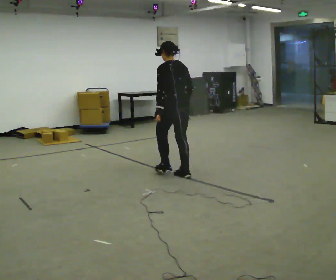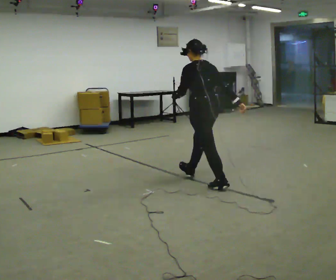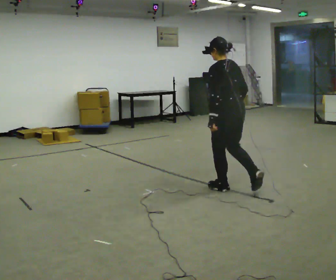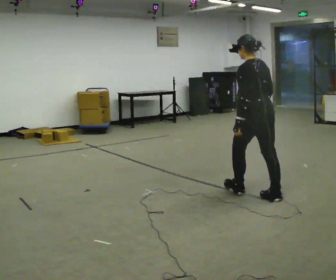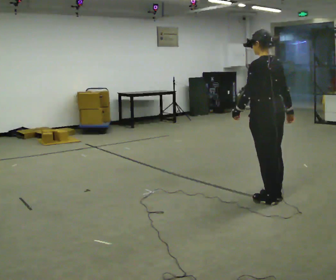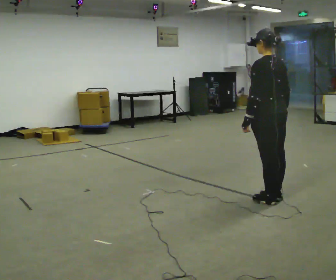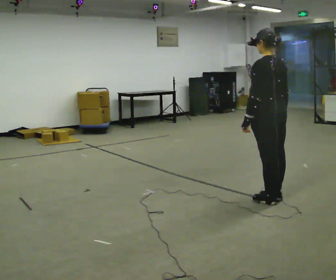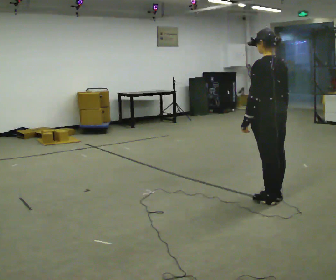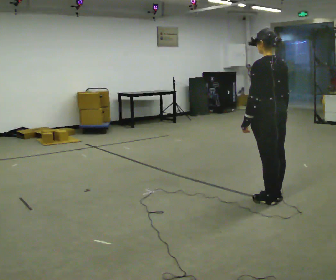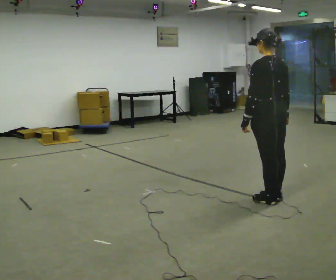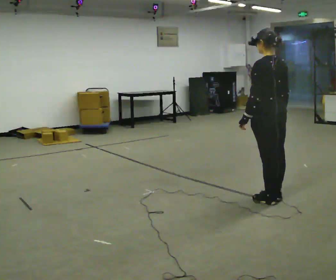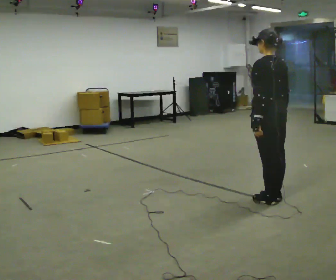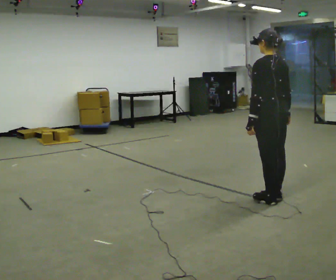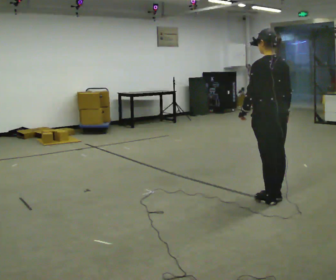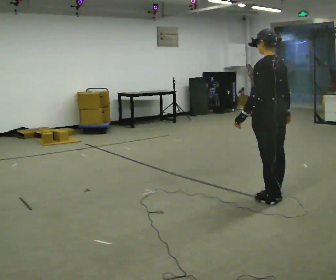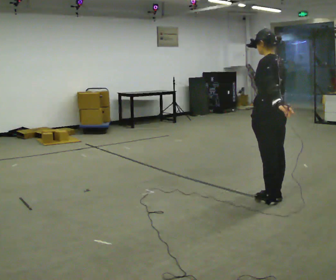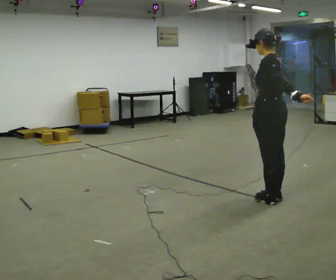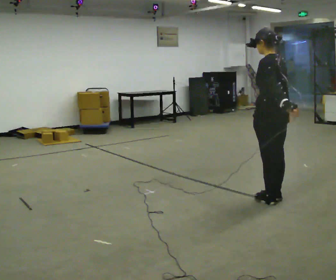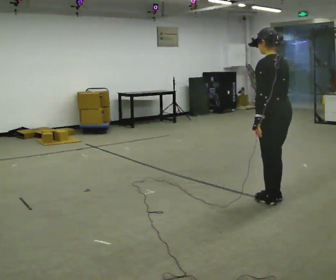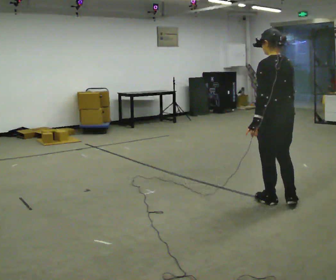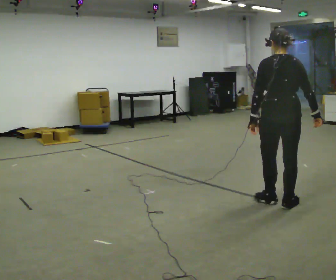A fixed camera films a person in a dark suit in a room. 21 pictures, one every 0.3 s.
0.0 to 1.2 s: In the picture they go to the right and toward the camera, about 1.5 m in 2 steps, which for them is backward.
1.2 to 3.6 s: The person moves a little, or ends about where they began.
3.6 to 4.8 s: In the picture their left hand goes to the right.
4.8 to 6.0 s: The part of the body nearest the lens slides to the left as the person turns to their right by about 45 degrees. In the picture their left hand goes to the left, the arm swinging clockwise.
The film runs backward here.
